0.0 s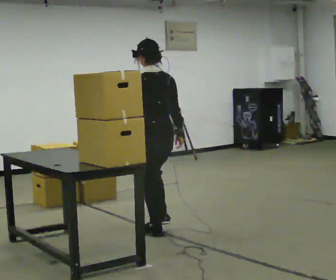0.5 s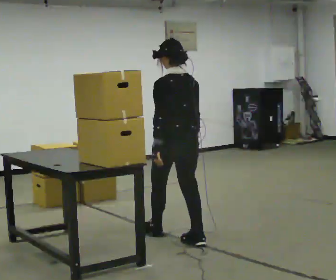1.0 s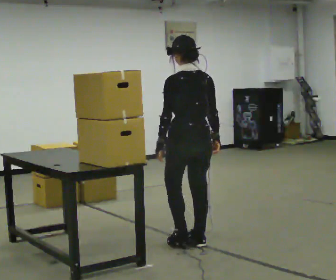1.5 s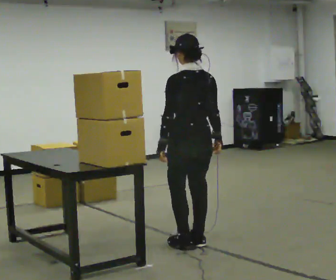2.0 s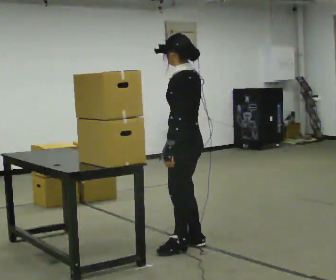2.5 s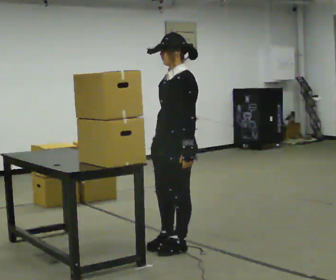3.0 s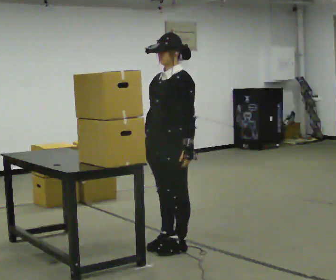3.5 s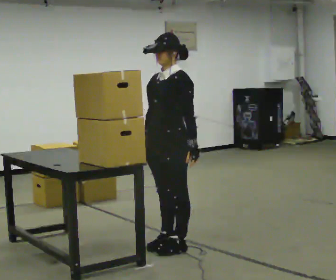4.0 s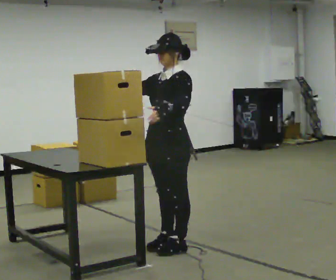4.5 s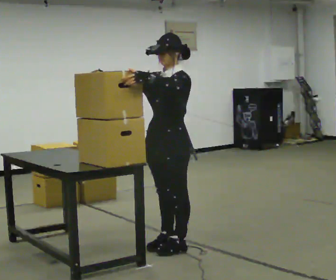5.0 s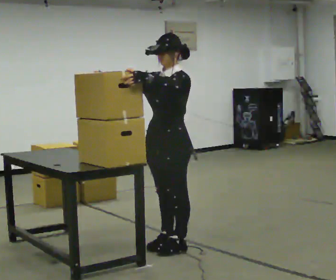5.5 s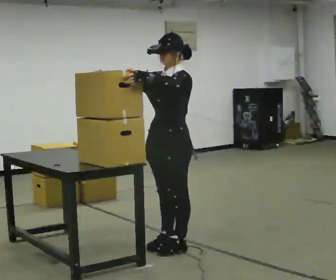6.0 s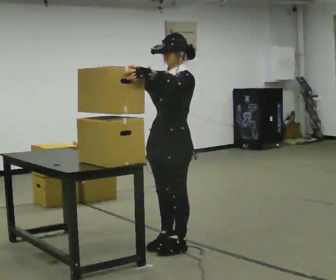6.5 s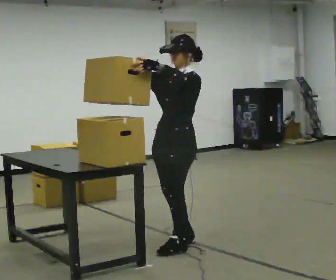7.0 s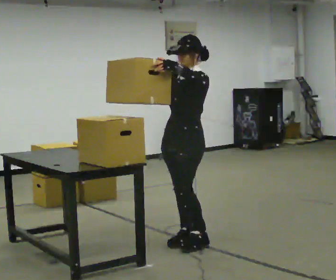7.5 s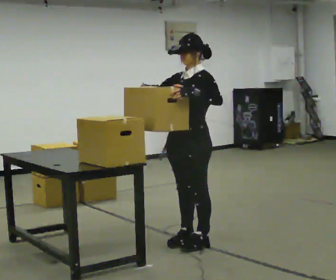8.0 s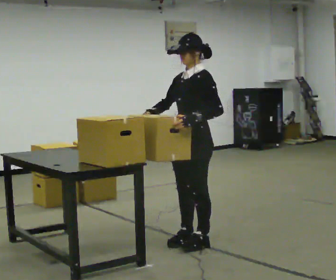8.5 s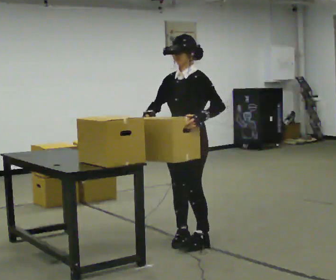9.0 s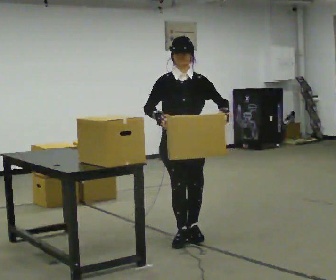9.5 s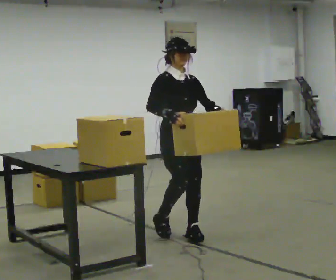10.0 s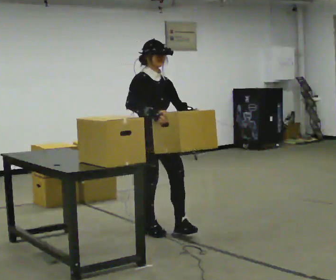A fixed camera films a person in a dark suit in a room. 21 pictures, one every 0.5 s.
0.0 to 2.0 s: Seen from above the body turns counterclockwise, about 45 degrees: to their left, with its near side sliding to the right. In the picture they go toward the camera and to the right, about 0.5 m in 1 step, which for them is backward.
2.0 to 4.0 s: The person turns about 60 degrees to their left, counterclockwise seen from above, so the part of the body nearest the lens slides to the right. In the picture their right hand goes to the left, the arm swinging clockwise.
4.0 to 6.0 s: The person moves a little, or ends about where they began.
6.0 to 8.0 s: In the picture they go to the right, about 0.25 m in 2 steps, which for them is backward. In the picture their right hand goes downward and to the right.
8.0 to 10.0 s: The person turns about 105 degrees to their left, counterclockwise seen from above, so the part of the body nearest the lens slides to the right. In the picture they go away from the camera and to the left, about 0.5 m in 3 steps.
The film runs backward here.
